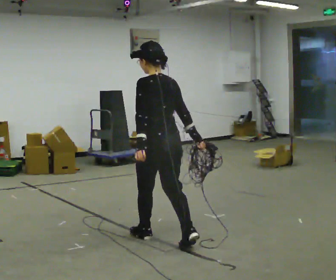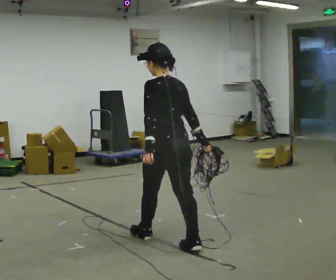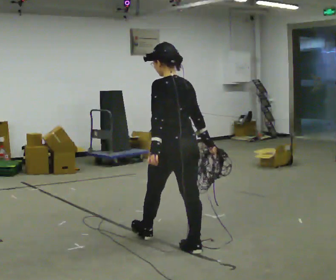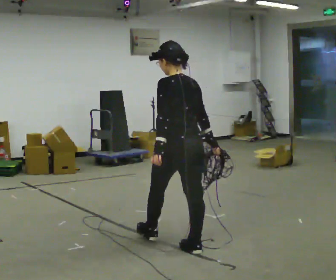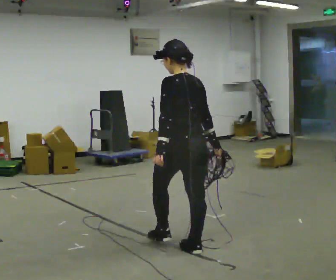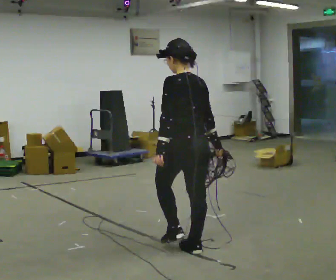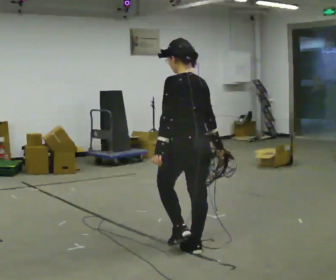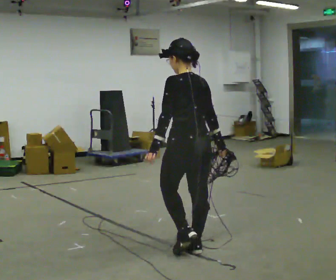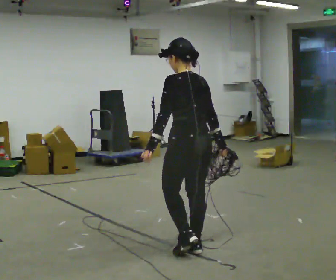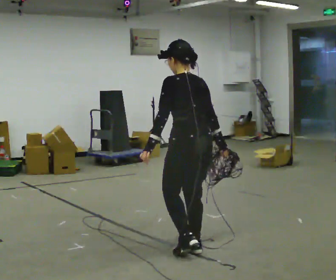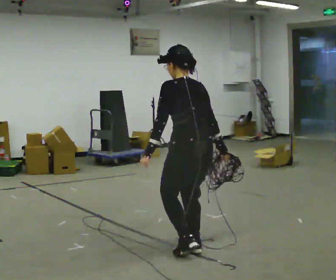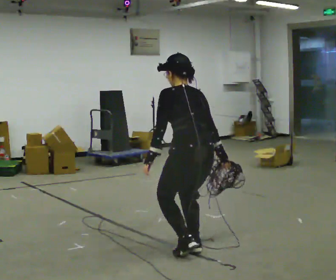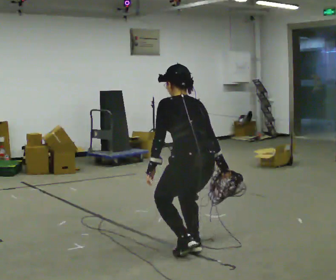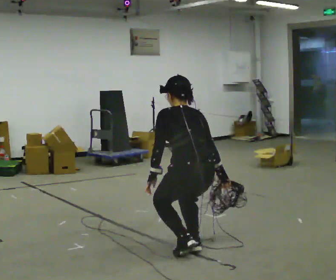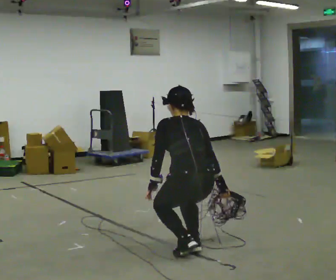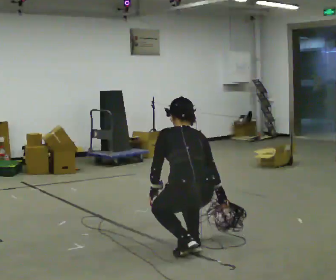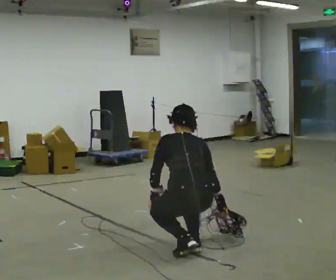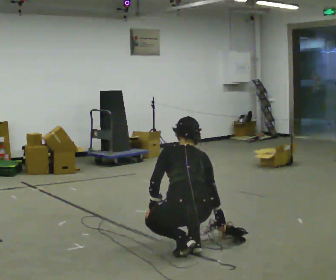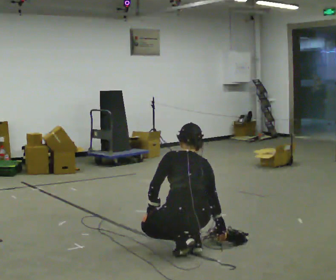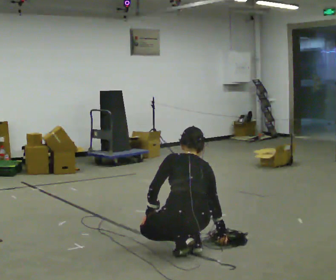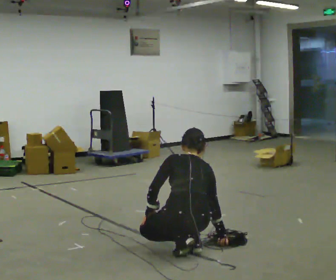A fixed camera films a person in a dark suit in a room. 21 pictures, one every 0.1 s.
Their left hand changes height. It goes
downward.
The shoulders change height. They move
downward.
0.0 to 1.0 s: In the picture they go to the right and toward the camera, about 0.5 m in 1 step, which for them is backward.
1.0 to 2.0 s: The shoulders move downward. The upper body tips away from the camera, its near side rolling upward, as they bend forward. In the picture their left hand goes downward.
The film runs backward here.
